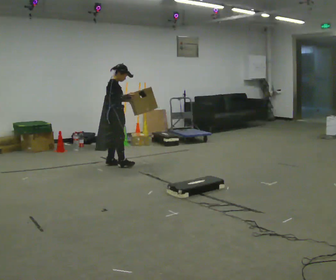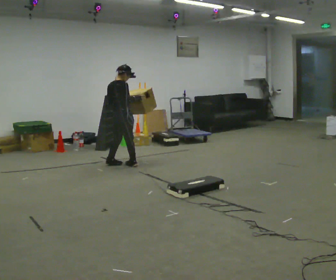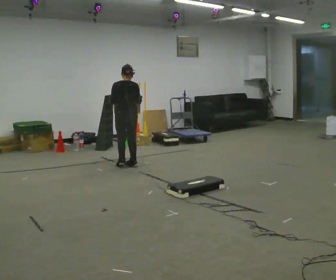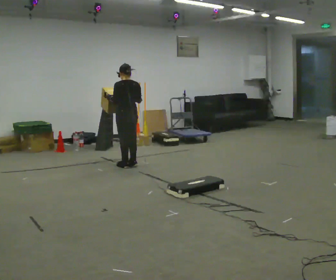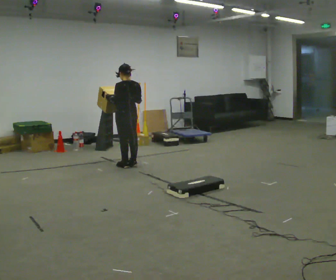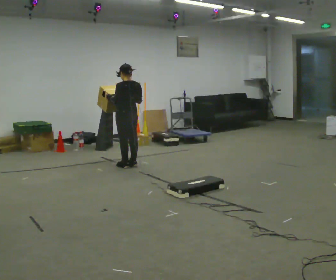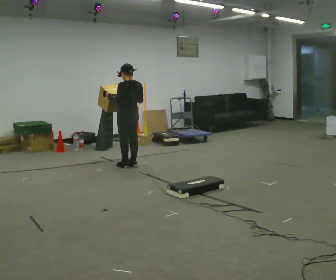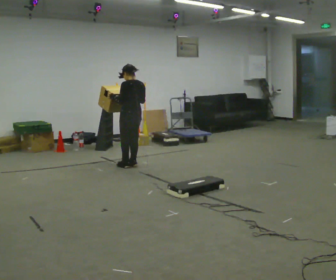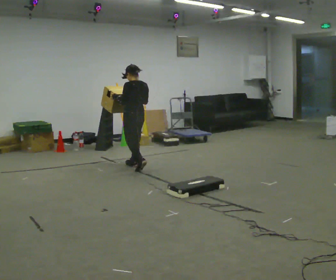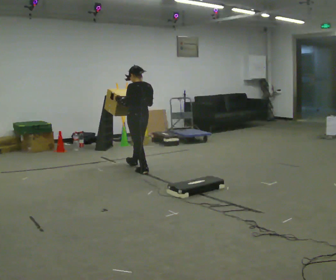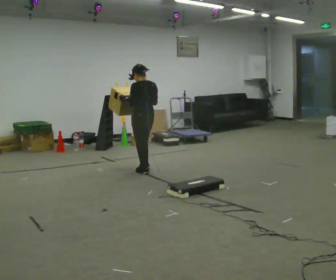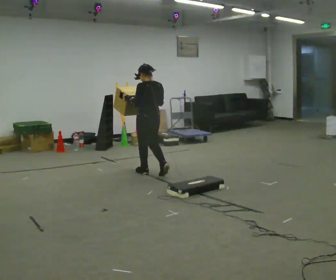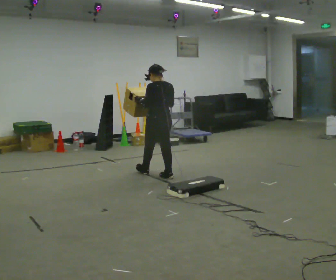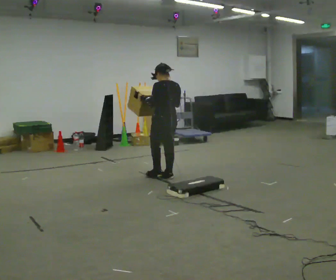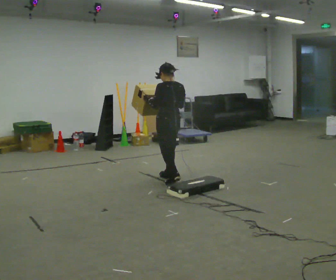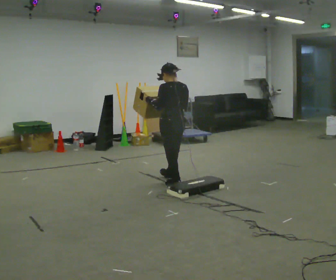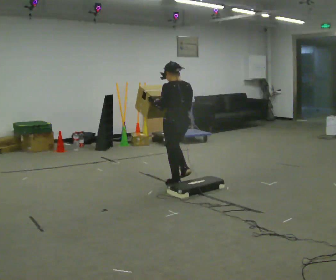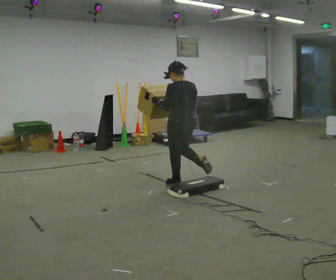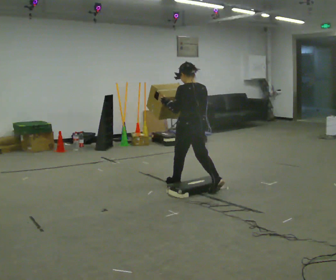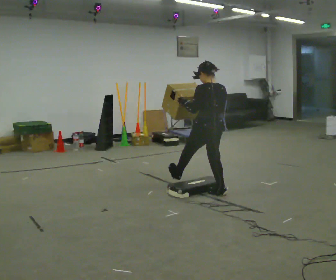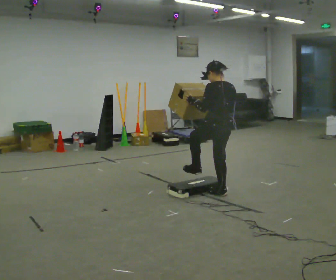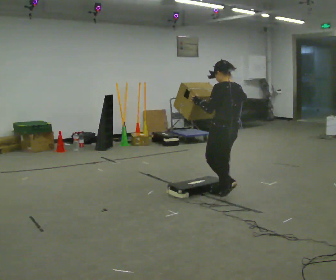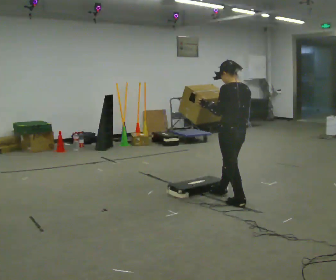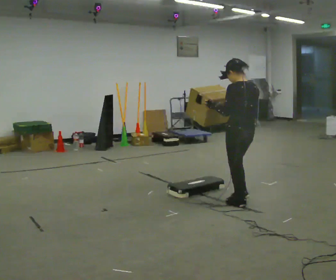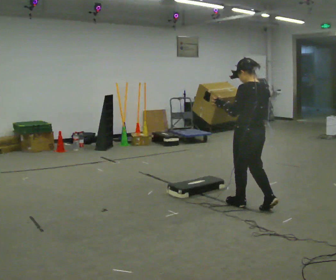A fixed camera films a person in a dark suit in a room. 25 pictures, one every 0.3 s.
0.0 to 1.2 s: Seen from above the body turns counterclockwise, about 120 degrees: to their left, with its near side sliding to the right. In the picture they go to the right, about 0.25 m in 1 step. The upper body tips toward the camera, its near side rolling downward.
1.2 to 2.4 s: The person moves a little, or ends about where they began.
2.4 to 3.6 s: In the picture they go toward the camera and to the right, about 0.5 m in 1 step, which for them is backward.
3.6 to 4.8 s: In the picture they go toward the camera and to the right, about 0.5 m in 2 steps, which for them is backward.
4.8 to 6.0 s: In the picture they go toward the camera and to the right, about 0.5 m in 1 step, which for them is backward.
6.0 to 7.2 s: In the picture they go toward the camera and to the right, about 0.5 m in 1 step, which for them is backward.
The film runs backward here.
